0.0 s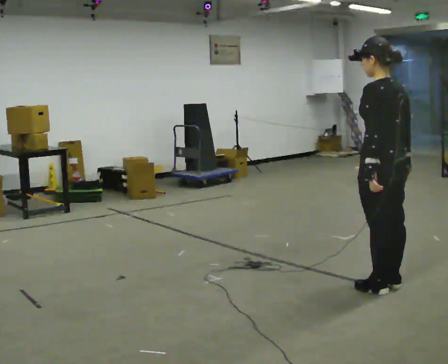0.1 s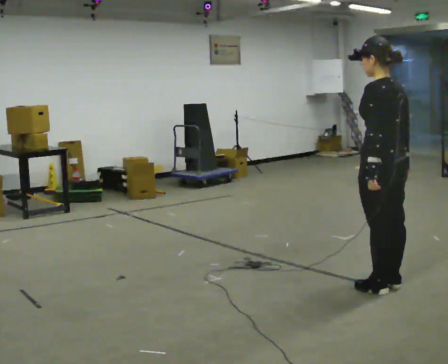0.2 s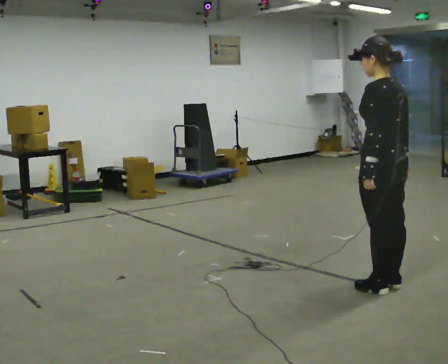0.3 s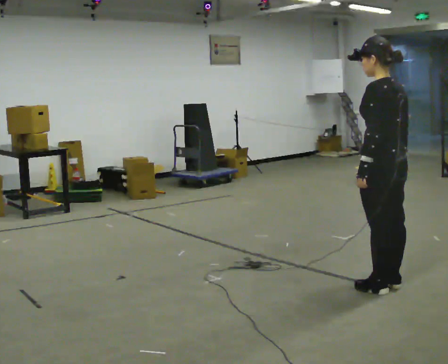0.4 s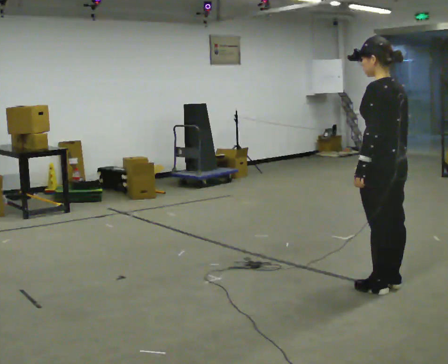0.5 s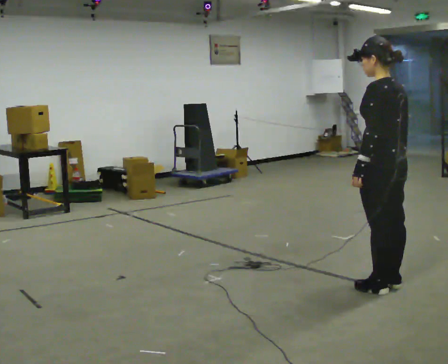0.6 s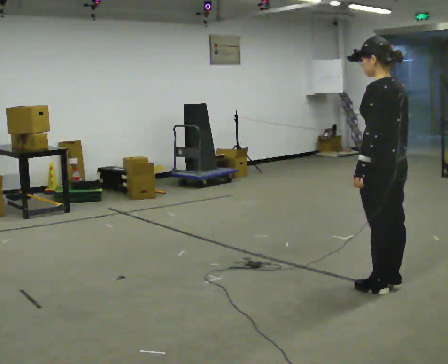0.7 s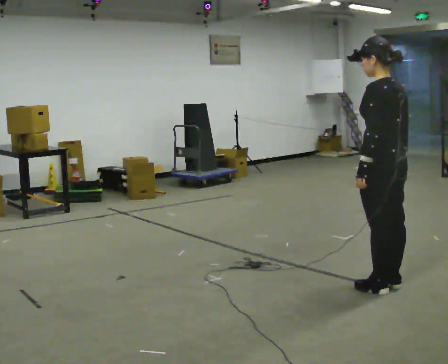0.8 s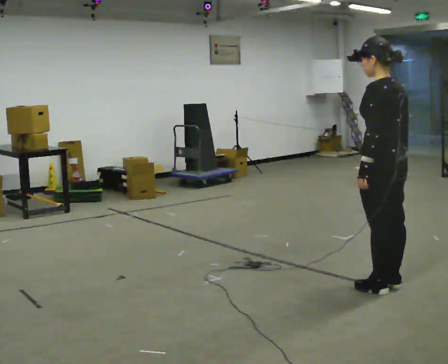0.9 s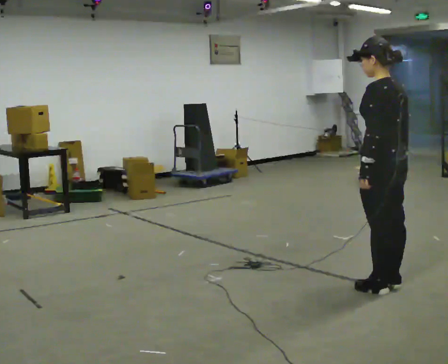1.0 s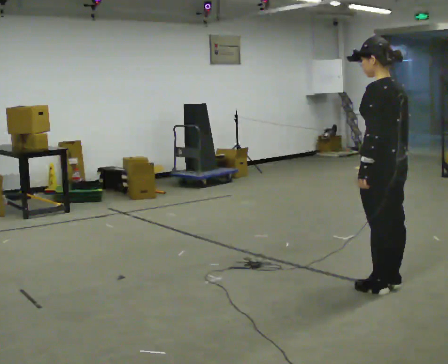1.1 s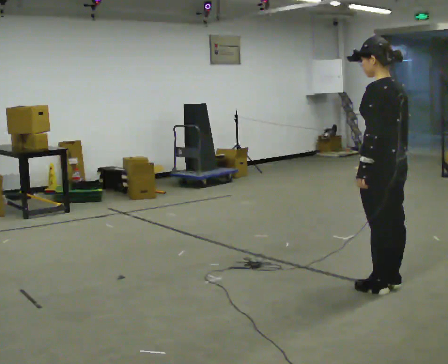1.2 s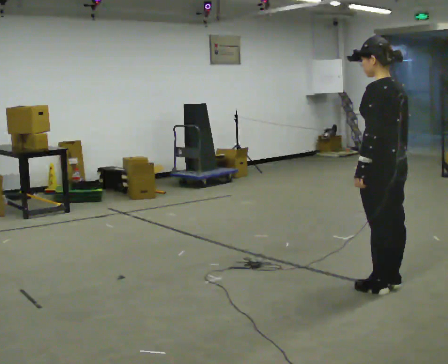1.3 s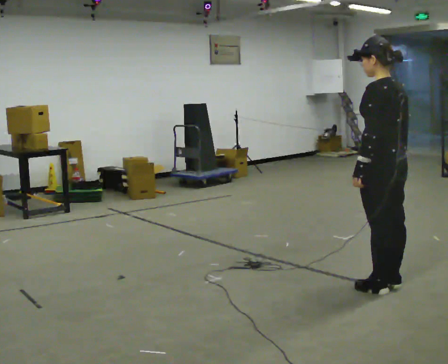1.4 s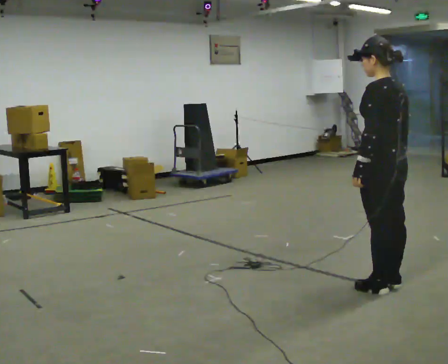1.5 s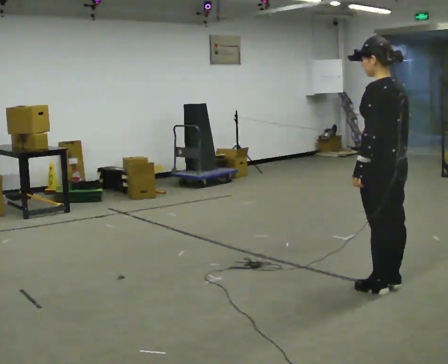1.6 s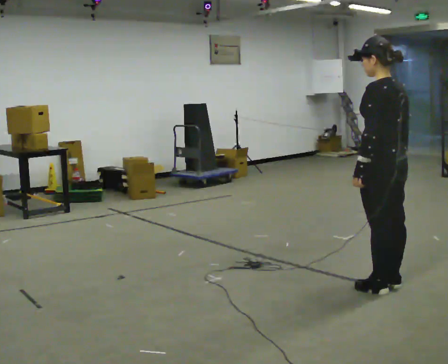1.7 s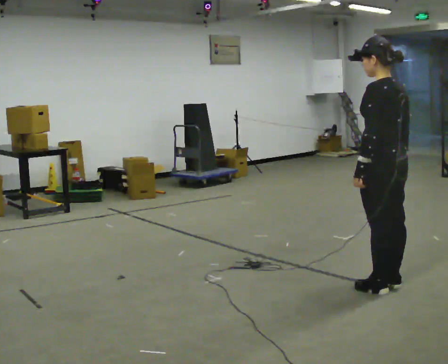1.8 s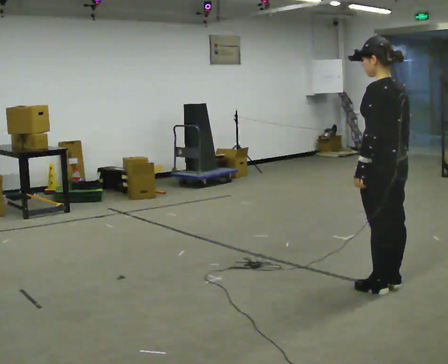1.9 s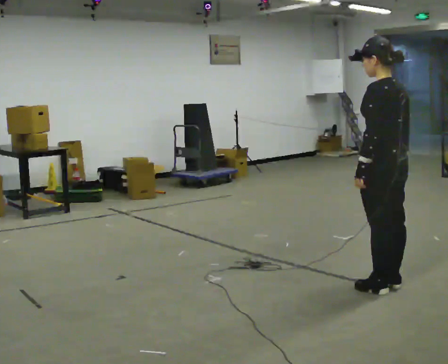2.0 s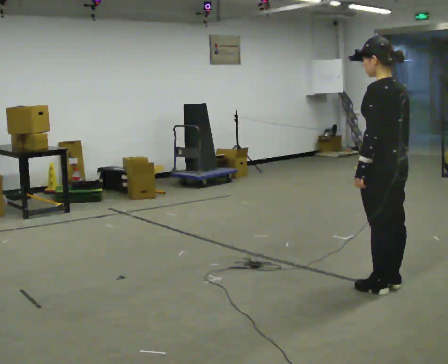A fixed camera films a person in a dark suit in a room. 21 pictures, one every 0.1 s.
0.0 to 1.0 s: The person moves a little, or ends about where they began.
1.0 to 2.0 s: The person keeps their place and pose.
The film runs forward here.
